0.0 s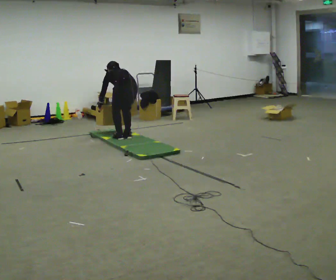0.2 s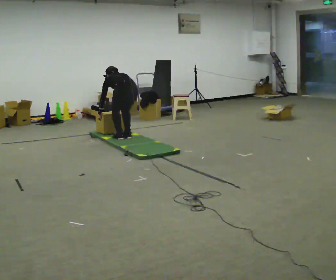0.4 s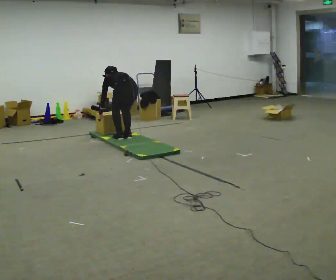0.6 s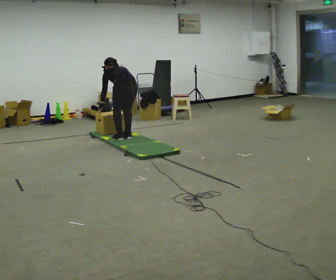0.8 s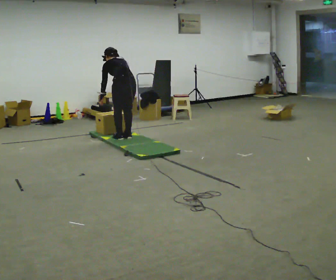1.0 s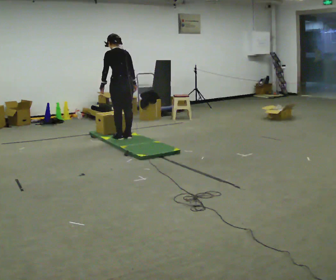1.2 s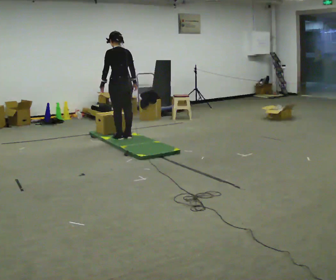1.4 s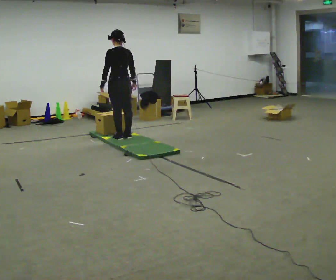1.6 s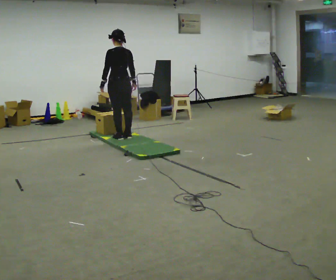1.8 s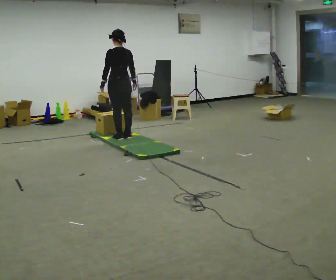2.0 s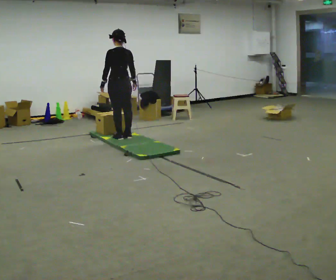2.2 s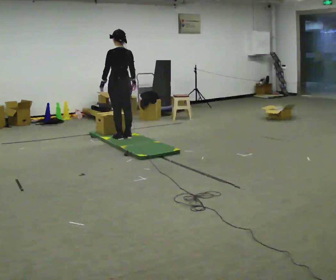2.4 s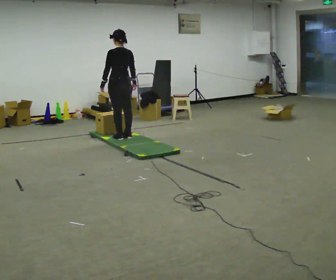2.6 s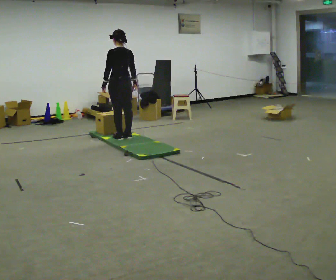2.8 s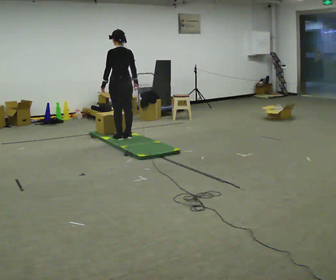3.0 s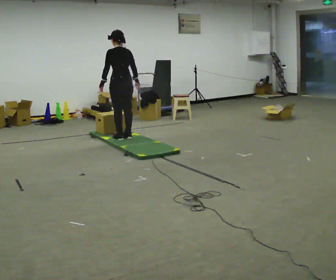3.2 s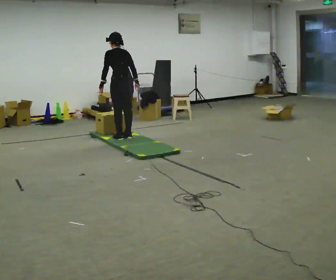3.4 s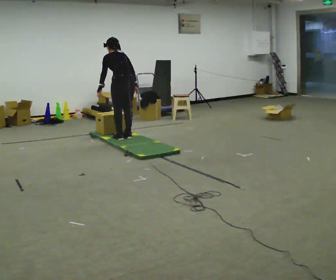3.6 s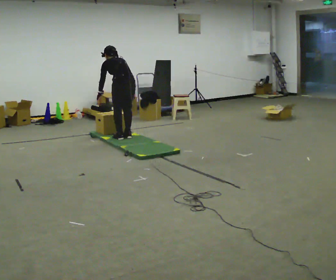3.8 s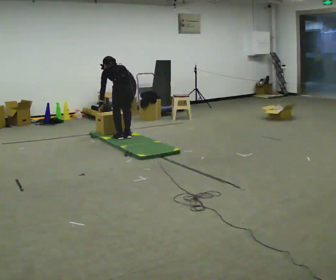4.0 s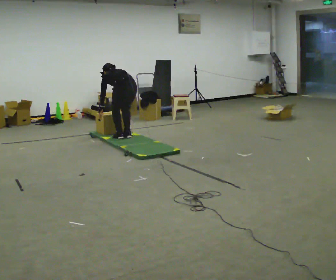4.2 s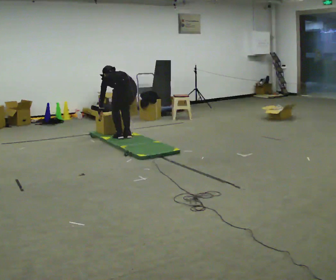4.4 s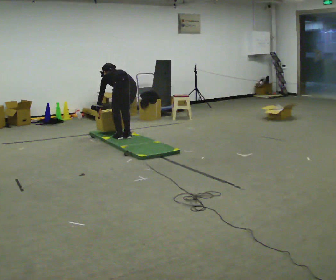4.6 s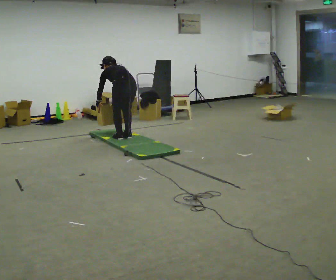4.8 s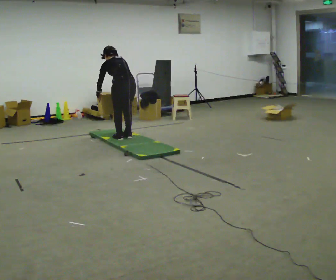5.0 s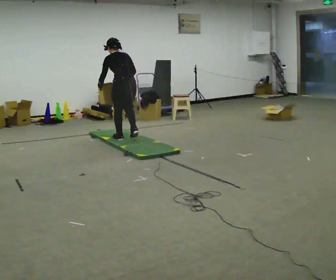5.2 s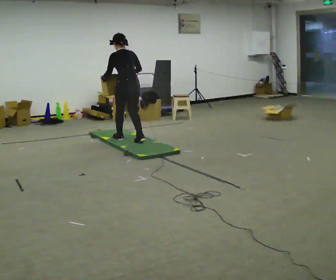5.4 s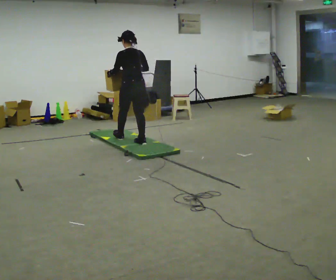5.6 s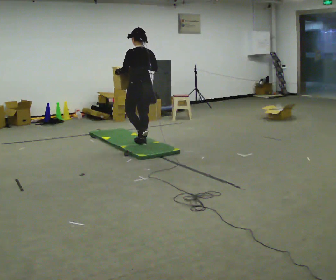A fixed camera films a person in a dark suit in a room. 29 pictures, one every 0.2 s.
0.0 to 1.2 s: The upper body goes upward. The upper body tips toward the camera, its near side rolling downward, as they lean back or straighten. In the picture their right hand goes upward.
1.2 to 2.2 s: The person moves a little, or ends about where they began.
2.2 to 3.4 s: The upper body tips away from the camera, its near side rolling upward, as they bend forward.
3.4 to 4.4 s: The shoulders move downward. The upper body tips away from the camera, its near side rolling upward, as they bend forward. In the picture their right hand goes downward.
4.4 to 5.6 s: In the picture they go toward the camera and to the right, about 0.25 m in 2 steps, which for them is backward. The upper body goes upward. The upper body tips toward the camera, its near side rolling downward, as they lean back or straighten. In the picture their right hand goes upward.
The film runs backward here.
